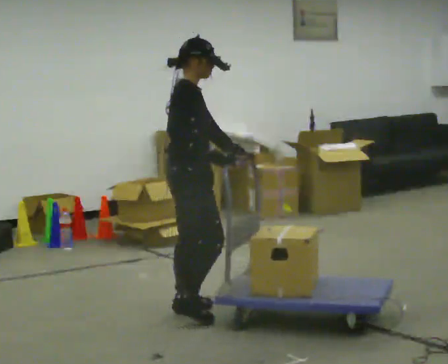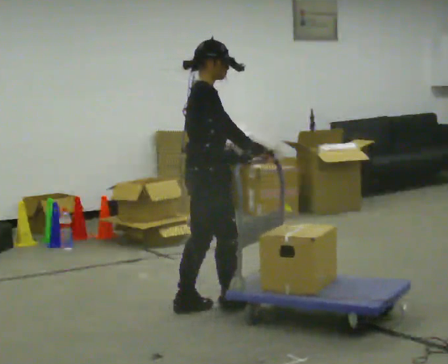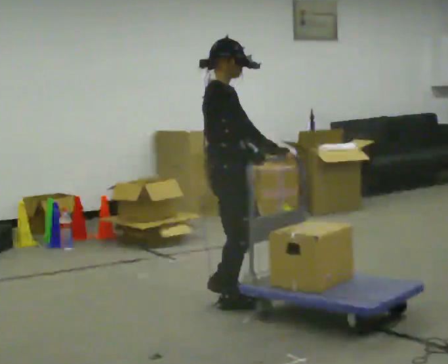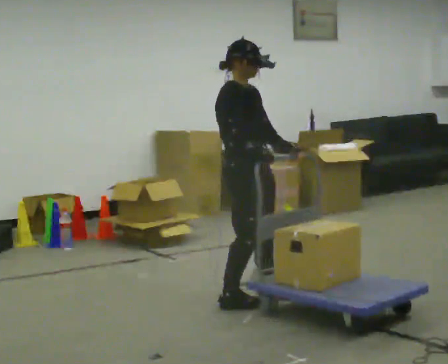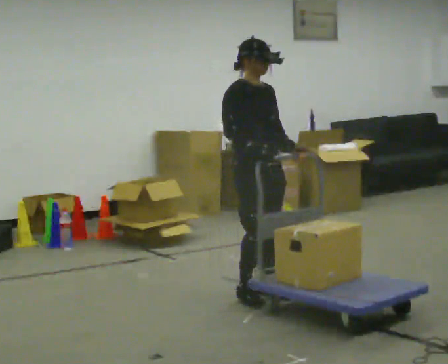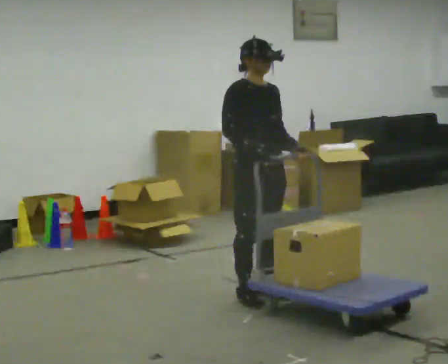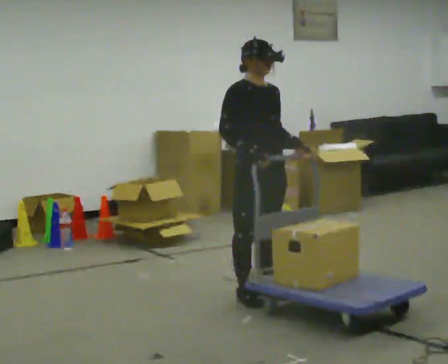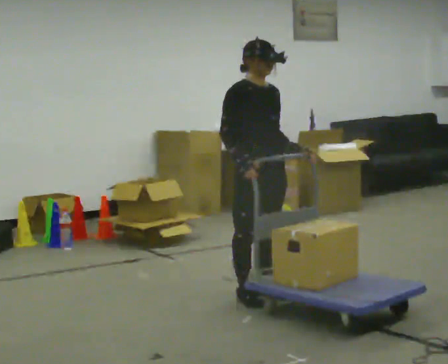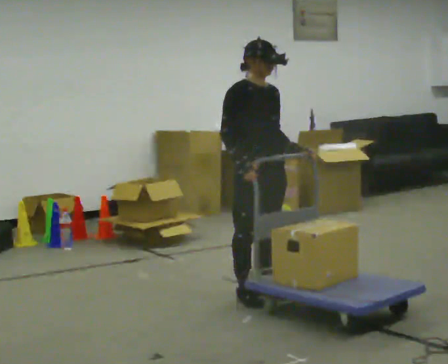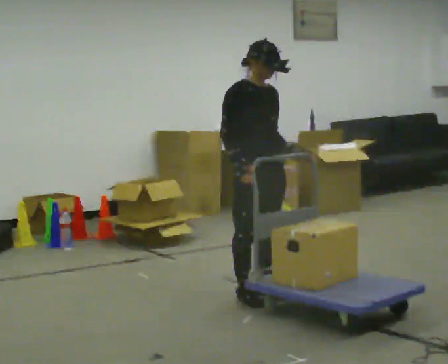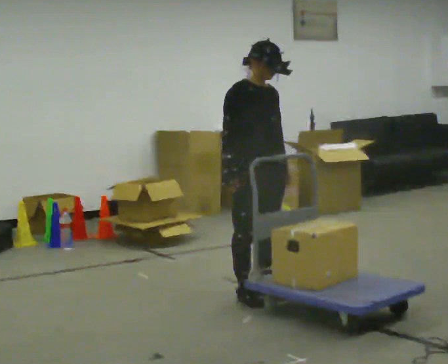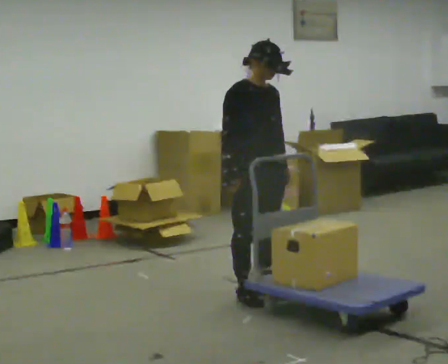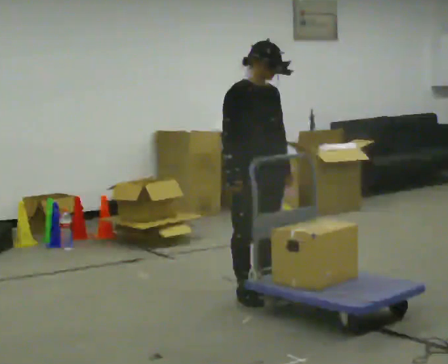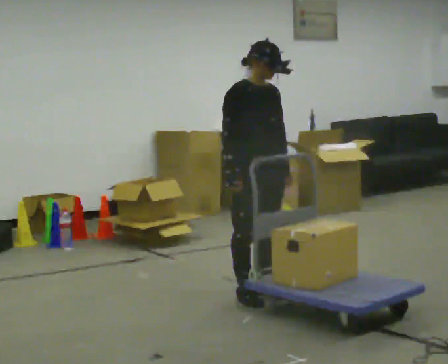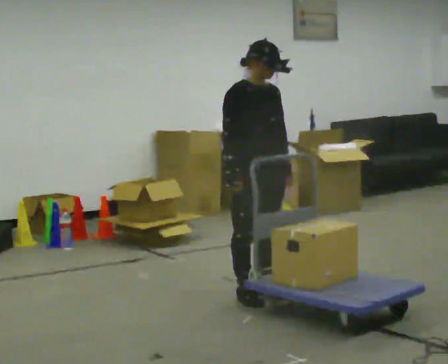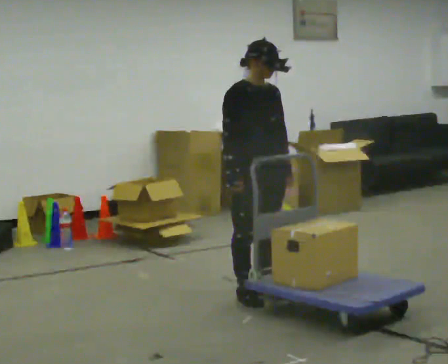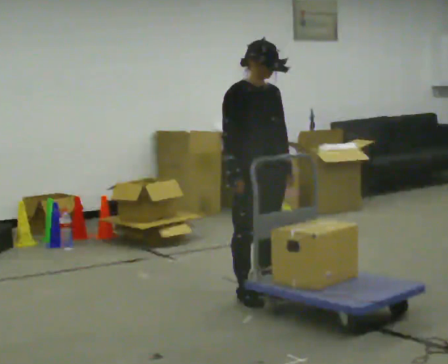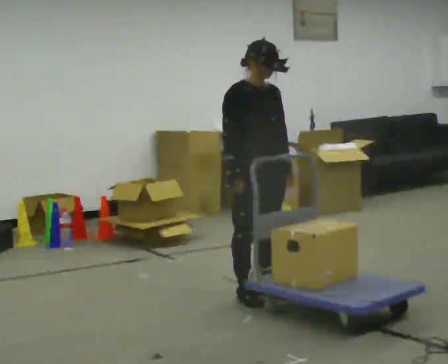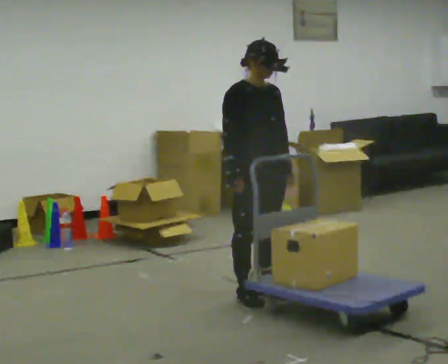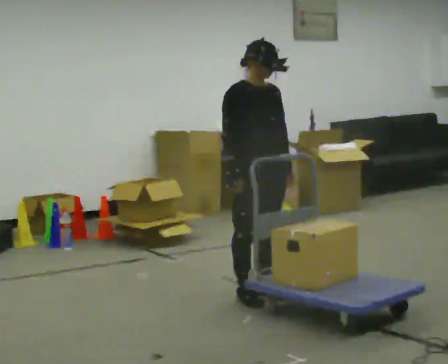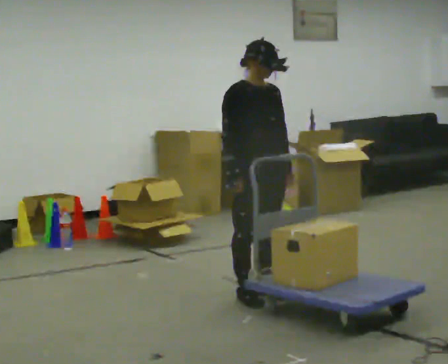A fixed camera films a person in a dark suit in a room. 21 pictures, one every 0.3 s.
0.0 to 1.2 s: The part of the body nearest the lens slides to the left as the person turns to their right by about 60 degrees. In the picture they go to the right and away from the camera, about 0.5 m in 3 steps, which for them is forward and to their left.
1.2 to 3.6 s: The person moves a little, or ends about where they began.
3.6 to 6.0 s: The person keeps their place and pose.
The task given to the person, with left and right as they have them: Stand still with your hands on the cart. When the operator says go, get it moving, push it a few metres, then bring it to a stop. Repeat until the operator says stop.
The film runs forward here.
